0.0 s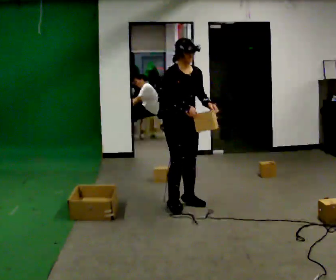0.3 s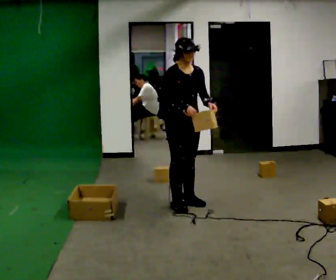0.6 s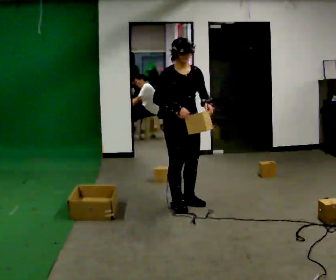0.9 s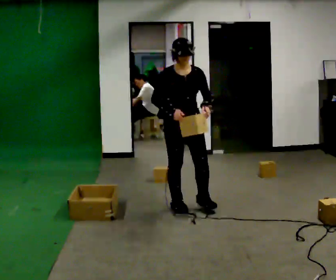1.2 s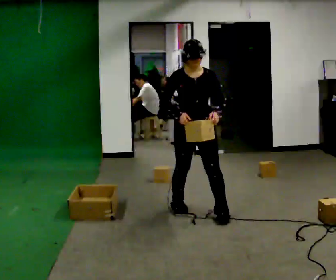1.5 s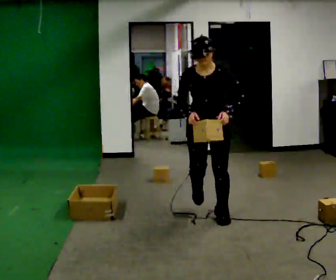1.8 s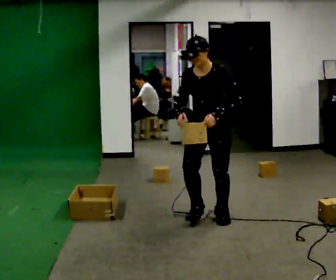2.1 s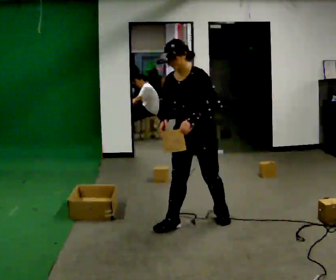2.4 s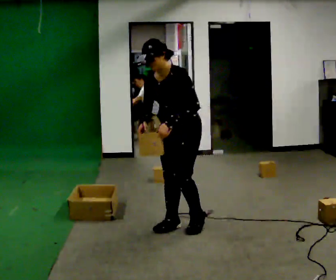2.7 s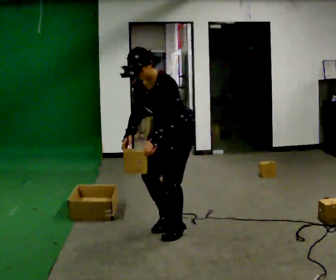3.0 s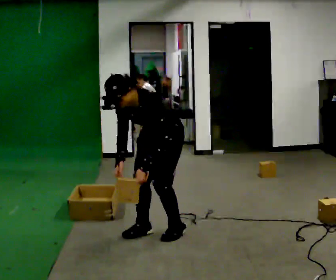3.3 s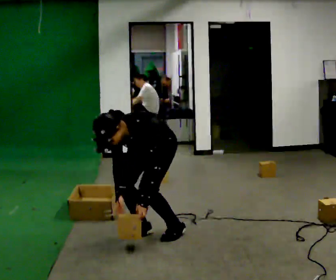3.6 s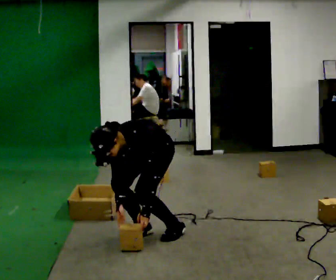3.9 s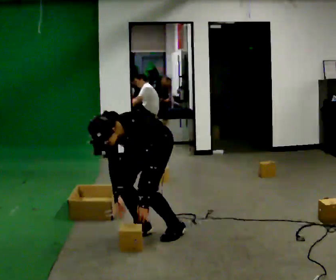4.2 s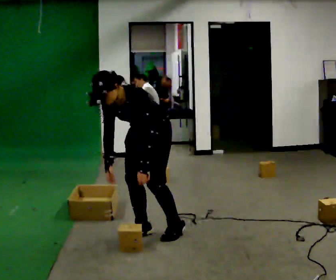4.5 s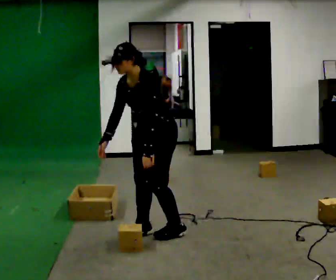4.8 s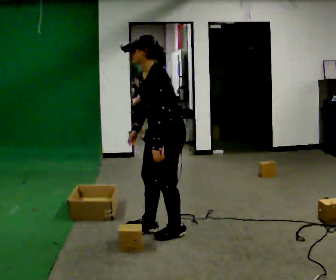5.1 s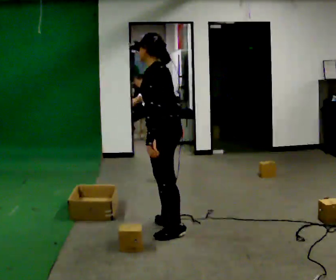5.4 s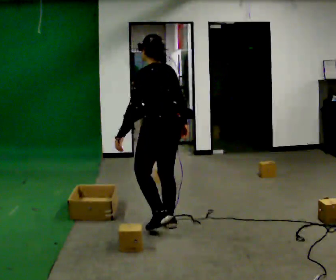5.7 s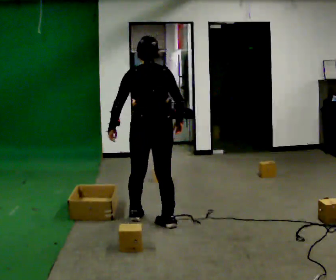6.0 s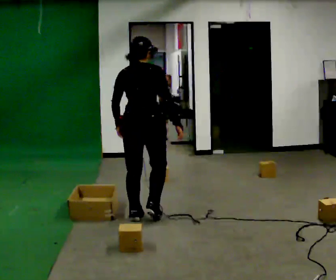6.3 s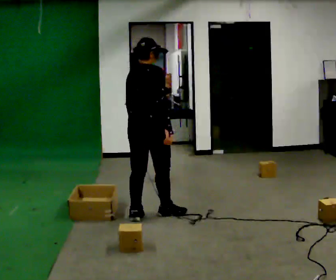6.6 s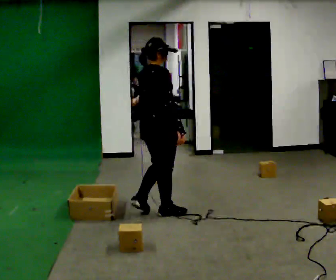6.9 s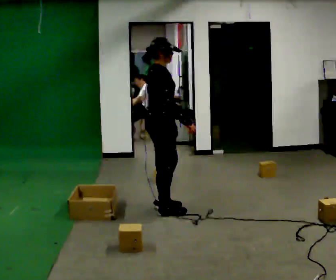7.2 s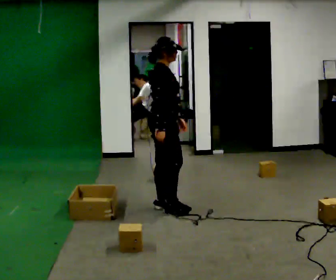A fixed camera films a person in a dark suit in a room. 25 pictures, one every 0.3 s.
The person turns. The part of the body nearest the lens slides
to the left.
The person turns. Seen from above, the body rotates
clockwise.
0.0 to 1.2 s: The part of the body nearest the lens slides to the left as the person turns to their right by about 30 degrees. In the picture they go toward the camera, about 0.25 m in 1 step, which for them is forward.
1.2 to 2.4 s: The person turns about 45 degrees to their right, clockwise seen from above, so the part of the body nearest the lens slides to the left. In the picture they go toward the camera and to the left, about 0.5 m in 1 step, which for them is forward. In the picture the upper body tilts counterclockwise, shoulders to the left, as they bend forward.
2.4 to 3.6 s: In the picture they go to the left, about 0.25 m in 2 steps, which for them is forward. The shoulders move downward. The upper body tips toward the camera, its near side rolling downward, as they bend forward. In the picture their left hand goes downward.
3.6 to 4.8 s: Seen from above the body turns clockwise, about 45 degrees: to their right, with its near side sliding to the left. The shoulders move upward. The upper body tips away from the camera, its near side rolling upward, as they lean back or straighten. In the picture their right hand goes upward.
4.8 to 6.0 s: Seen from above the body turns clockwise, about 120 degrees: to their right, with its near side sliding to the left. In the picture they go away from the camera and to the left, about 0.5 m in 2 steps.
6.0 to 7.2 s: Seen from above the body turns clockwise, about 75 degrees: to their right, with its near side sliding to the left. In the picture they go away from the camera and to the right, about 0.25 m in 2 steps.
The film runs forward here.
